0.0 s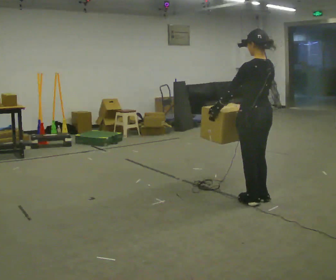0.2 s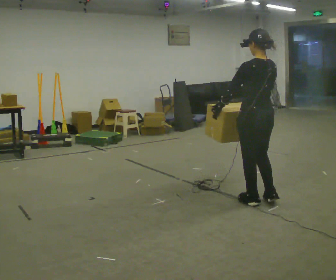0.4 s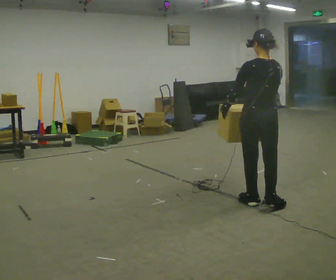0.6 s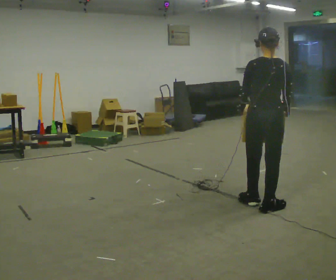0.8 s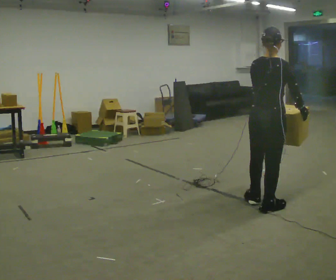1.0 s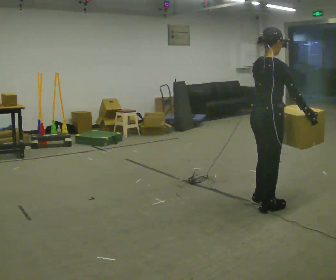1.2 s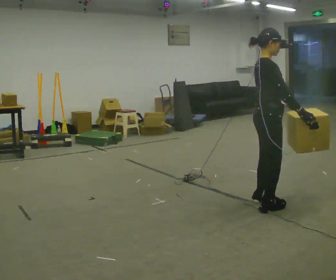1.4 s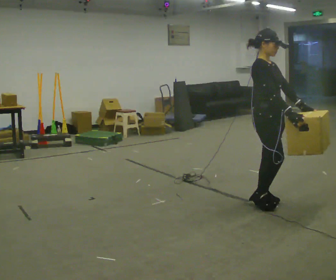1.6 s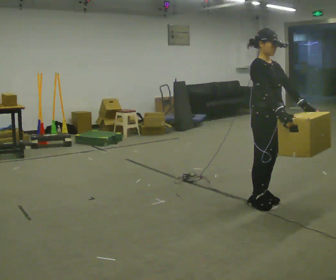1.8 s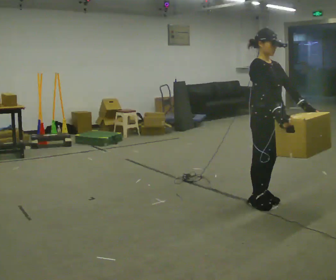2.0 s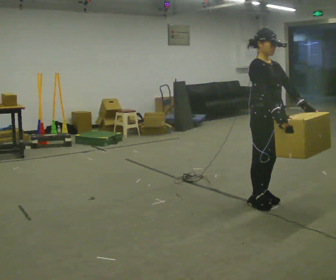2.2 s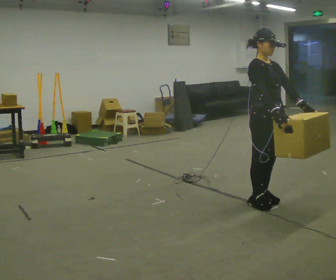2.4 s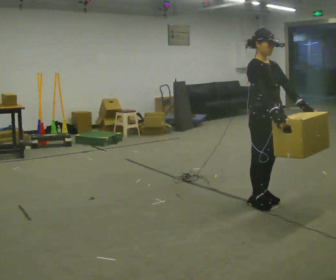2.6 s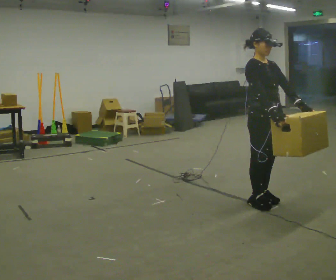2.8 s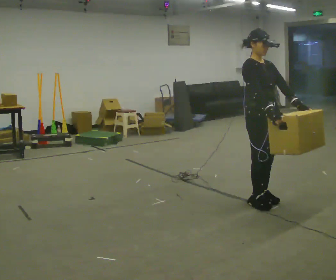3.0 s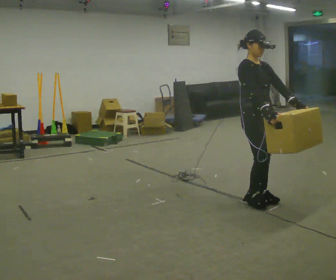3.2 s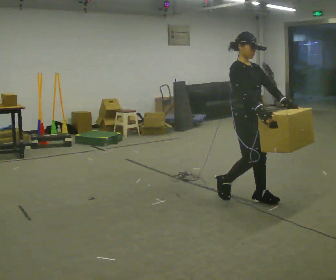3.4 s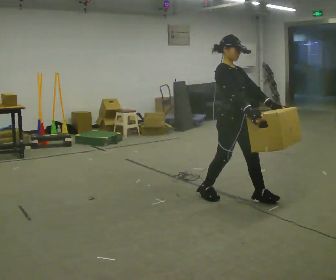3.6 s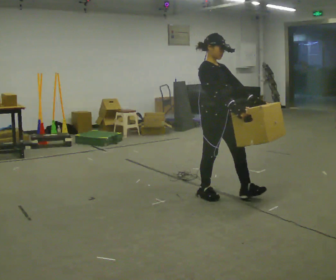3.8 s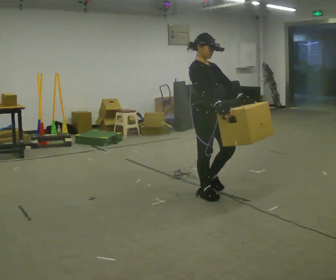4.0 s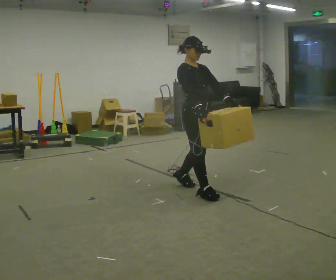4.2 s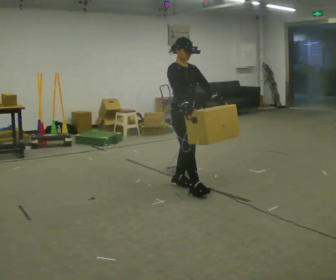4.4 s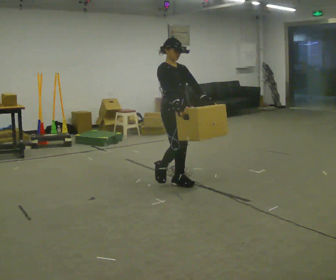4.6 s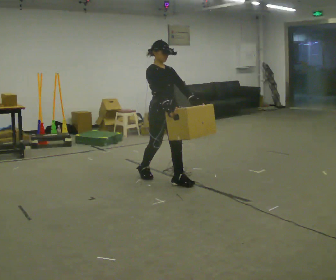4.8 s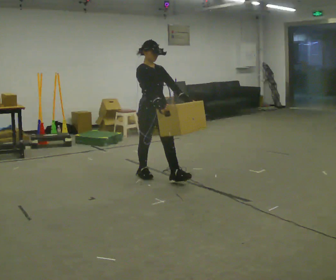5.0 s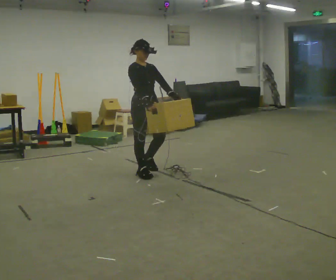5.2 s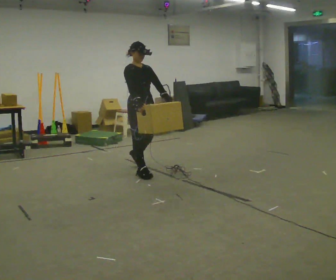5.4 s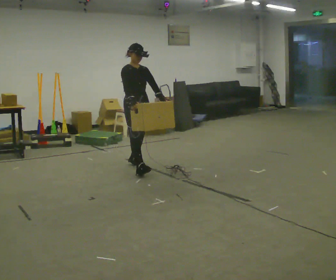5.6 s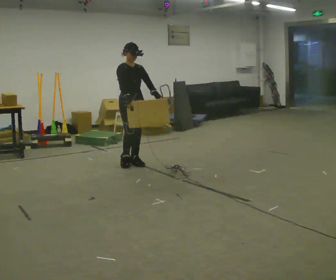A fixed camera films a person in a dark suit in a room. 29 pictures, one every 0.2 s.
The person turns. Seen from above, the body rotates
clockwise.
The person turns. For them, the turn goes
to their right.
0.0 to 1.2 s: Seen from above the body turns clockwise, about 120 degrees: to their right, with its near side sliding to the left. In the picture their left hand goes to the right, the arm swinging counterclockwise.
1.2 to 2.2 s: The person turns about 45 degrees to their right, clockwise seen from above, so the part of the body nearest the lens slides to the left.
2.2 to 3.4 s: In the picture they go to the left, about 0.25 m in 1 step, which for them is backward.
3.4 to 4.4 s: In the picture they go to the left and away from the camera, about 1 m in 2 steps, which for them is backward.
4.4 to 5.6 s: In the picture they go to the left and away from the camera, about 1 m in 2 steps, which for them is backward.
The film runs backward here.
